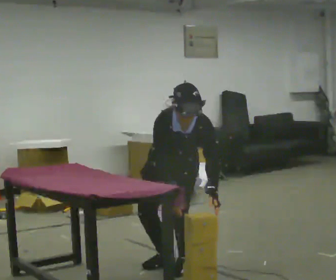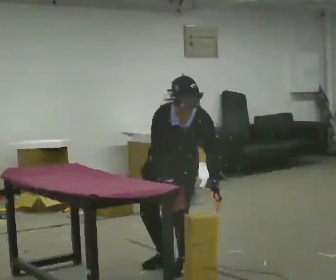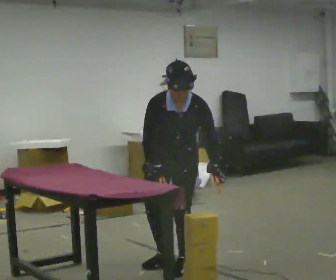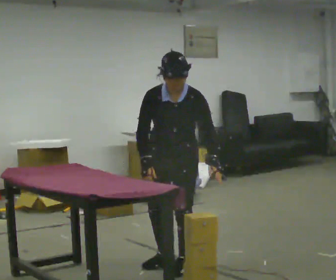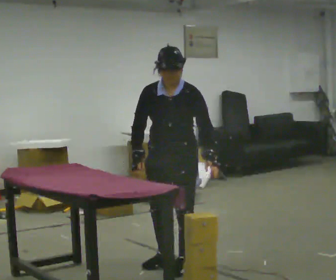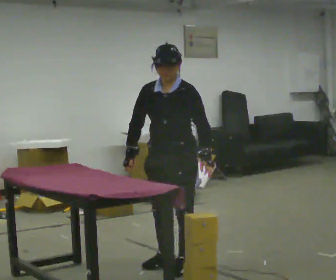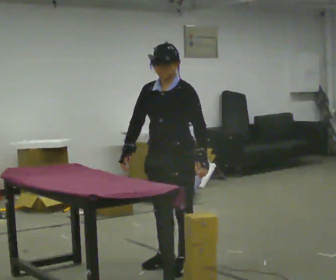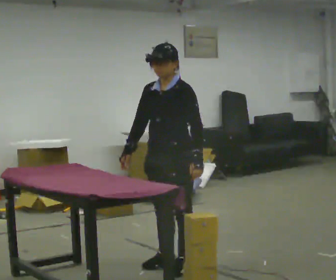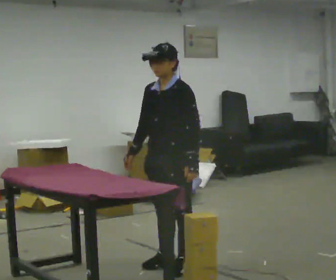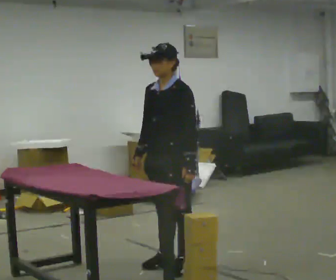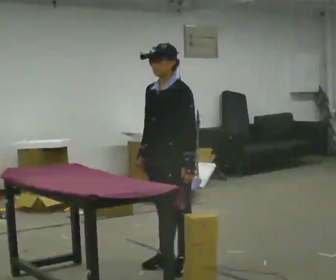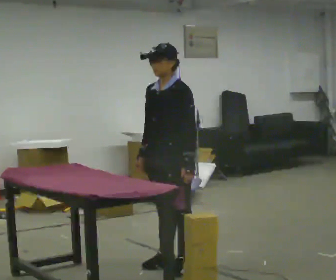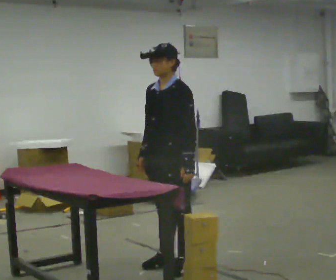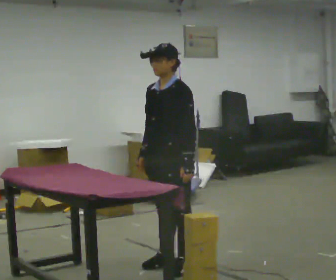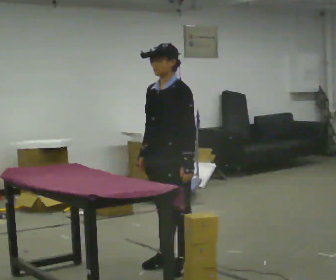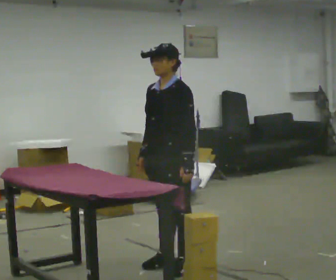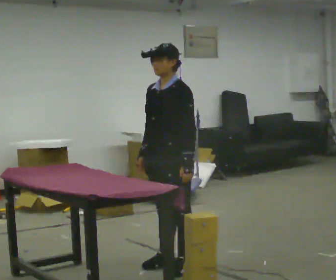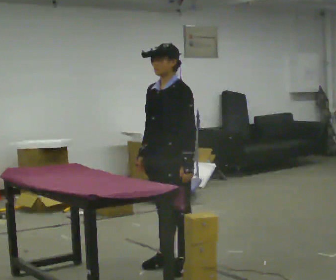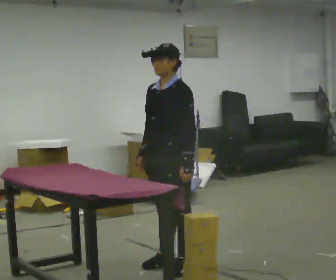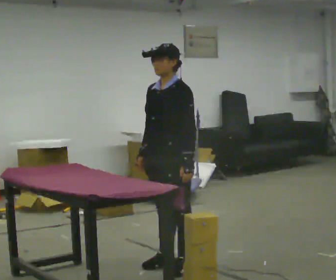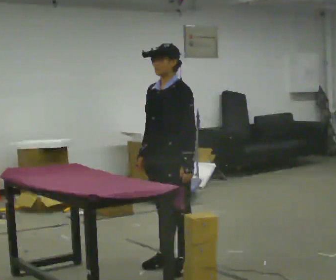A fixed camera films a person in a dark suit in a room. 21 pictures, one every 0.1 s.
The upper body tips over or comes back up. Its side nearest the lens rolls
upward.
0.0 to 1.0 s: The person turns about 45 degrees to their right, clockwise seen from above, so the part of the body nearest the lens slides to the left. The shoulders move upward. The upper body tips away from the camera, its near side rolling upward, as they lean back or straighten.
1.0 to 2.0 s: The person keeps their place and pose.
The film runs backward here.
